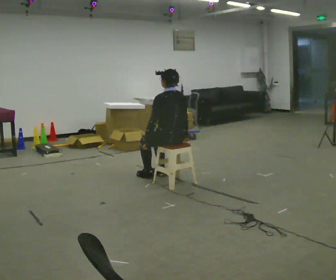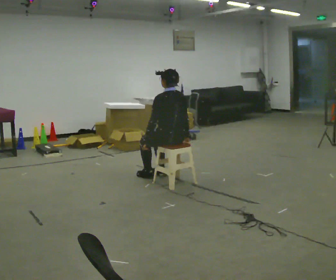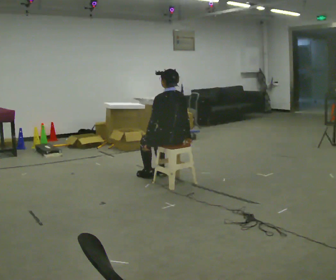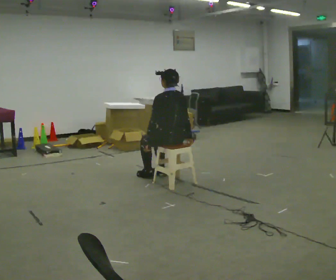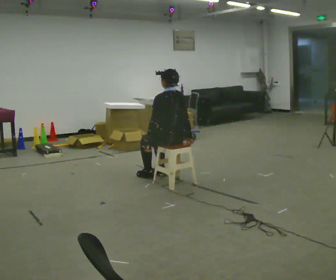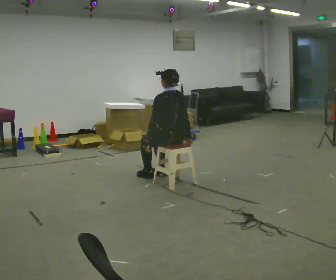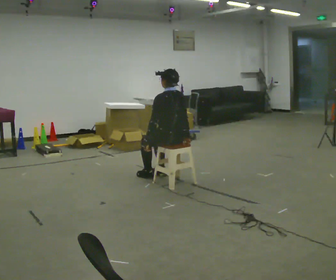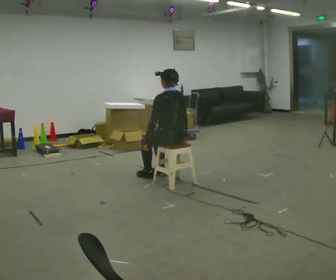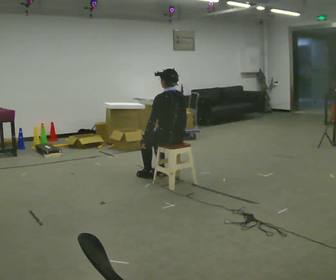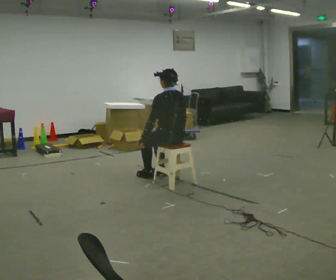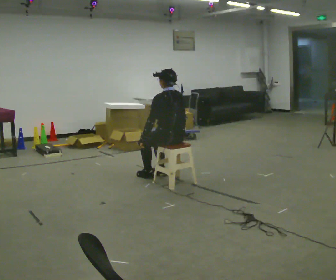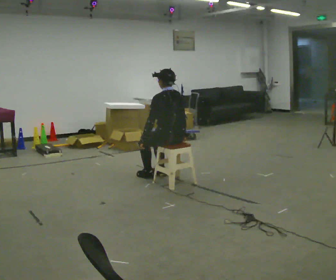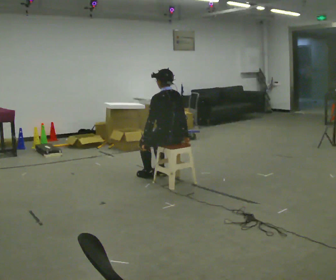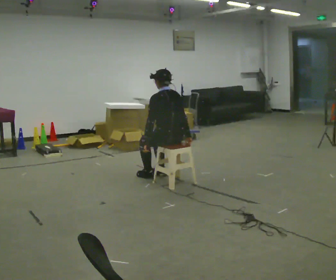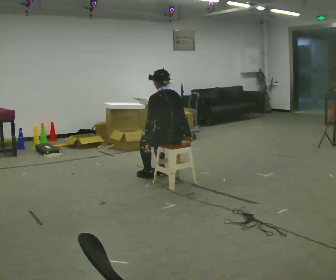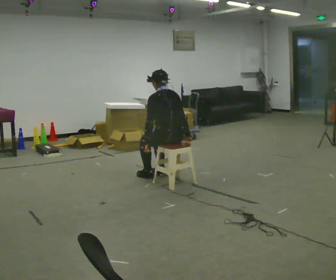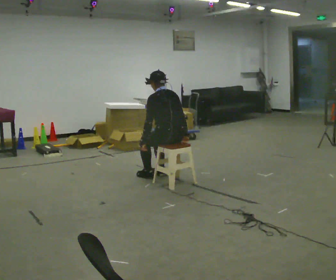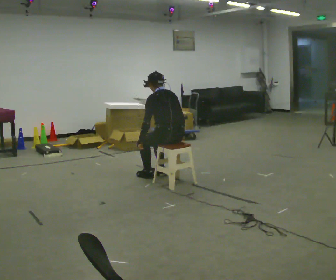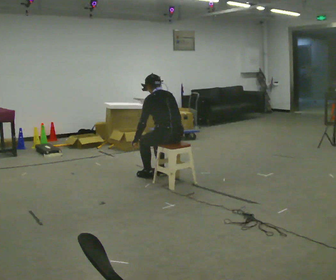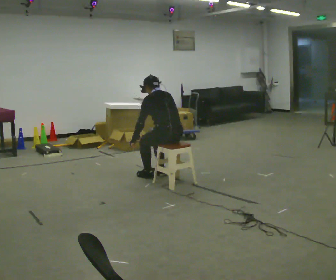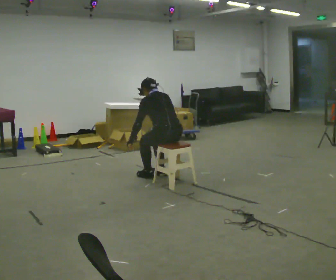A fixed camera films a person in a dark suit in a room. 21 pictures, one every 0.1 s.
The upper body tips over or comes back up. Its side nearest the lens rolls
upward.
0.0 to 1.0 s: The person moves a little, or ends about where they began.
1.0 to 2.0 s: The upper body tips away from the camera, its near side rolling upward, as they bend forward.
The film runs backward here.
